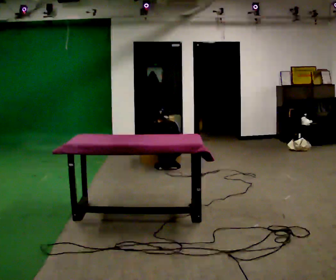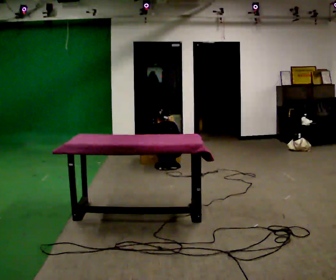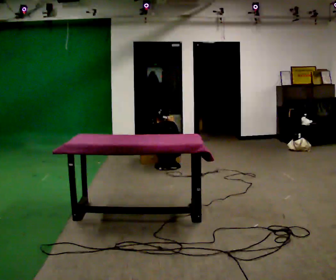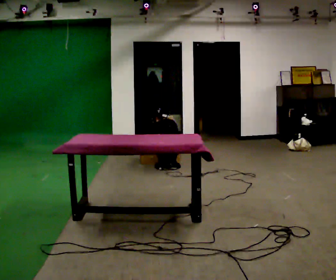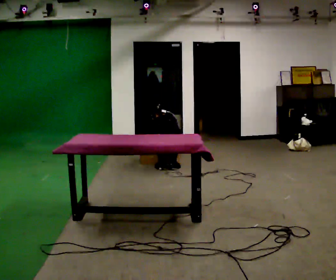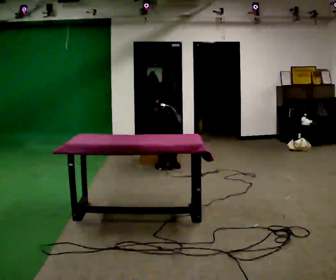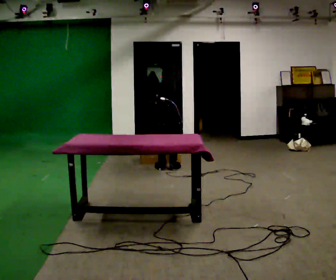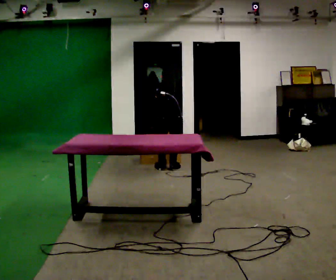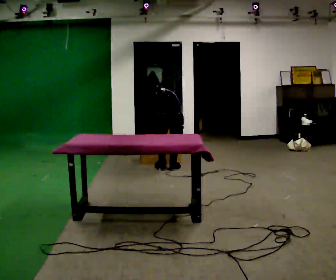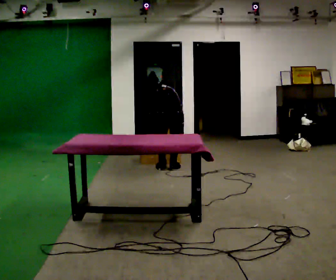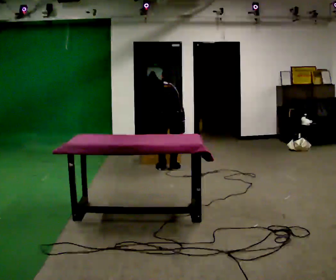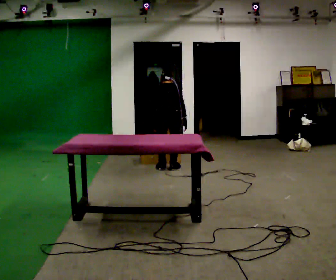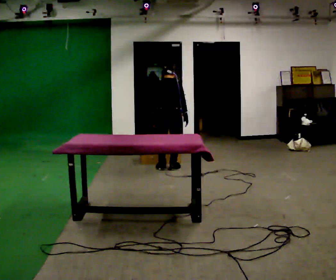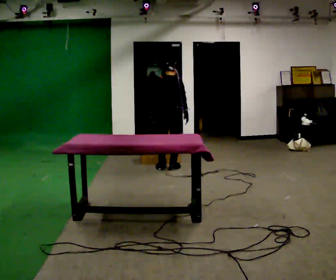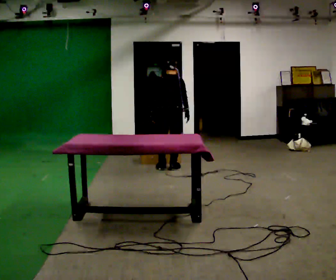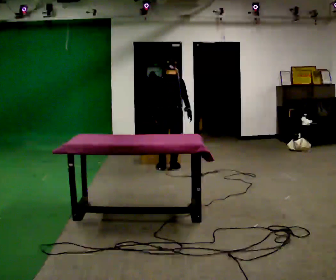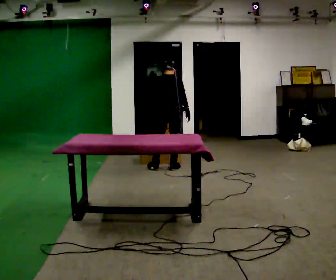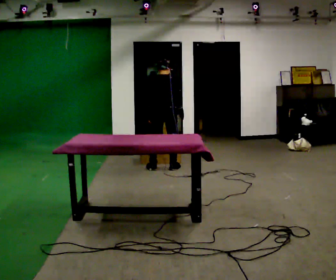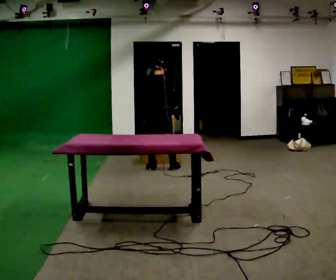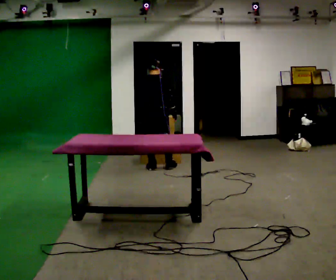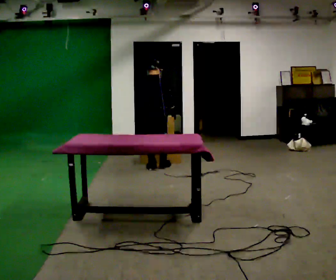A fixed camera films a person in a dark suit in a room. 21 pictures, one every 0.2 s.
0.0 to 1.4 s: The shoulders move upward.
1.4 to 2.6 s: The upper body goes upward. The upper body tips toward the camera, its near side rolling downward, as they lean back or straighten.
2.6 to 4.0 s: In the picture they go to the left, about 0.25 m in 1 step, which for them is to their left.
The film runs backward here.
